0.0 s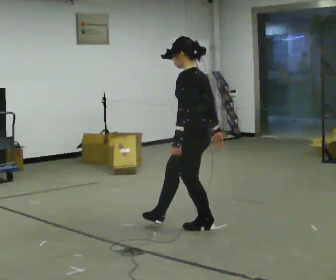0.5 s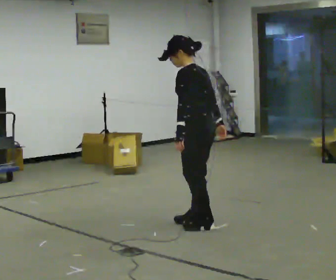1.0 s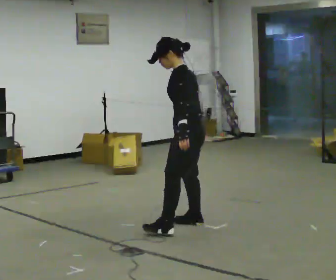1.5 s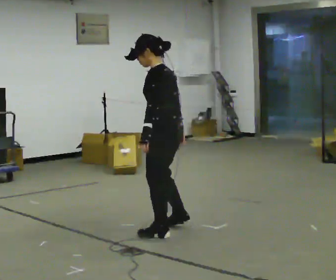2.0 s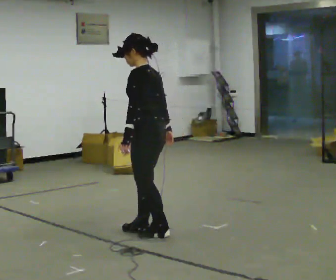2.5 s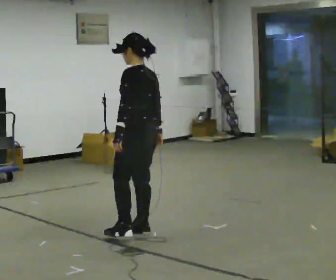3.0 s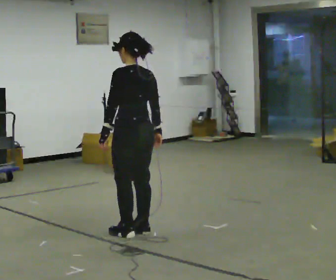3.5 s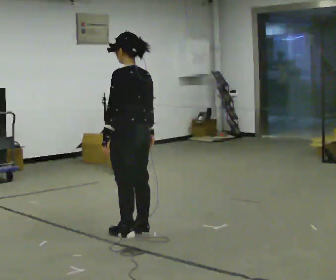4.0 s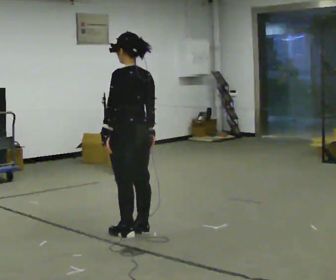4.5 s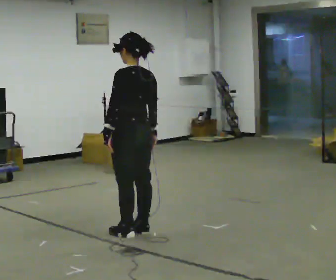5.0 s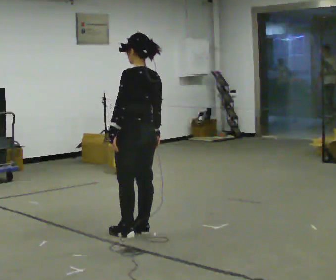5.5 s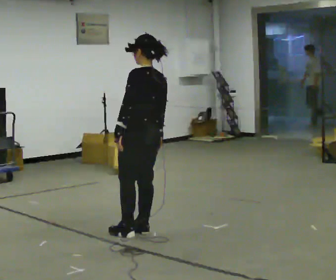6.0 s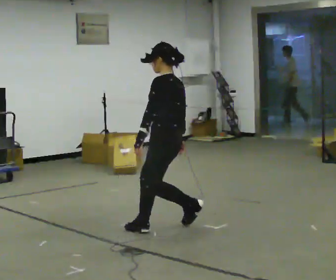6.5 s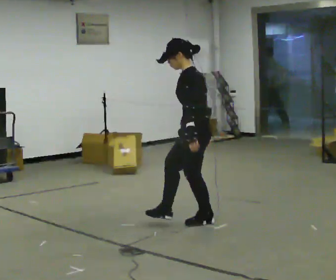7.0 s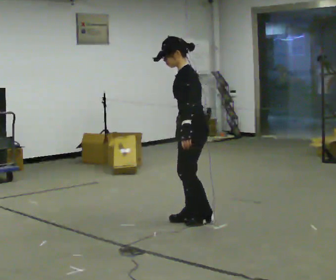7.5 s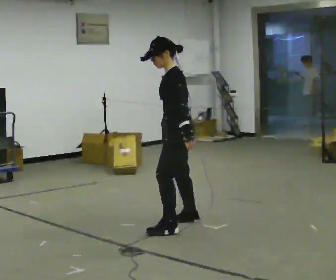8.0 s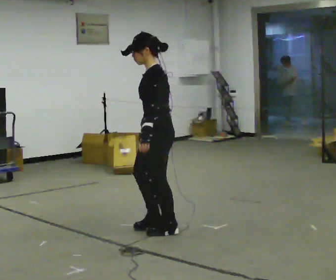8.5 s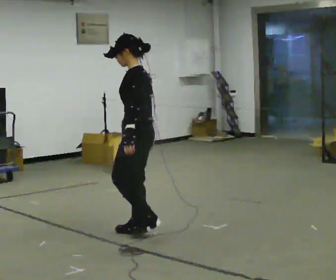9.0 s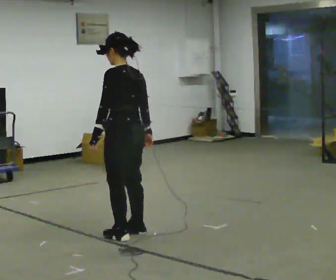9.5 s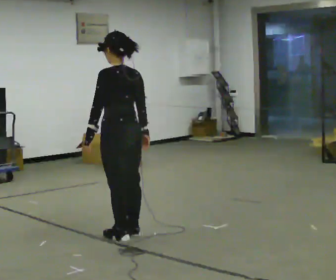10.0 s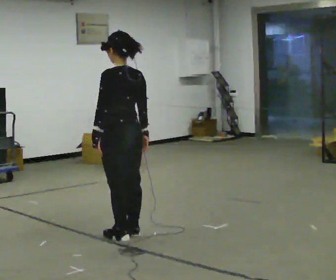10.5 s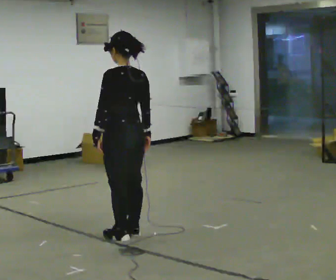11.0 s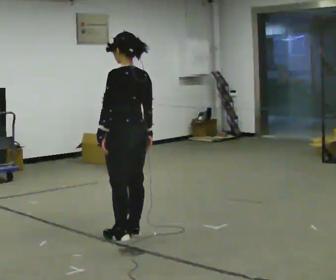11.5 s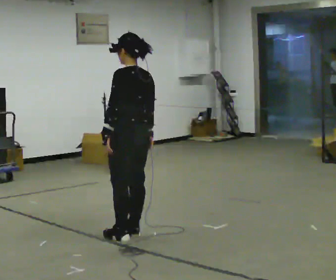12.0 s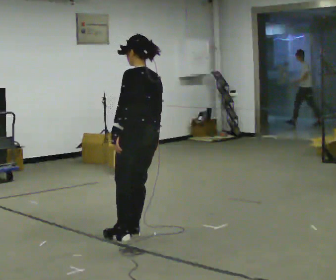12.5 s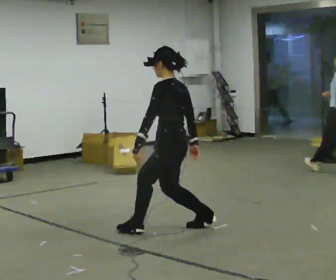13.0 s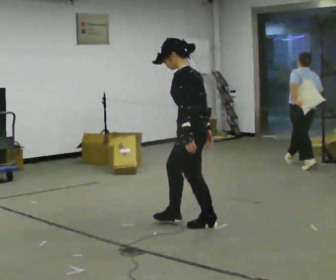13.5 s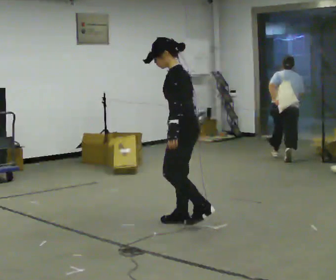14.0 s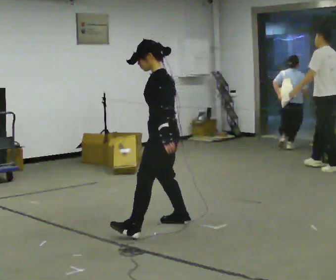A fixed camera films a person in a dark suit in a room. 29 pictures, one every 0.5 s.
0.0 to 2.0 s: In the picture they go to the left, about 0.5 m in 3 steps, which for them is forward and to their left.
2.0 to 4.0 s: The person moves a little, or ends about where they began.
4.0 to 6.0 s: The person turns about 30 degrees to their left, counterclockwise seen from above, so the part of the body nearest the lens slides to the right. In the picture they go to the right and away from the camera, about 0.25 m, which for them is to their right.
6.0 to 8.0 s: In the picture they go toward the camera, about 0.25 m in 3 steps, which for them is to their left.
8.0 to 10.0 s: The part of the body nearest the lens slides to the left as the person turns to their right by about 45 degrees. In the picture they go to the left, about 0.25 m in 2 steps, which for them is to their left and forward.
10.0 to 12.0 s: The person moves a little, or ends about where they began.
12.0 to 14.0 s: The person turns about 30 degrees to their left, counterclockwise seen from above, so the part of the body nearest the lens slides to the right. In the picture they go to the right, about 0.25 m in 2 steps, which for them is to their right. In the picture their left hand goes to the right.
The film runs forward here.
